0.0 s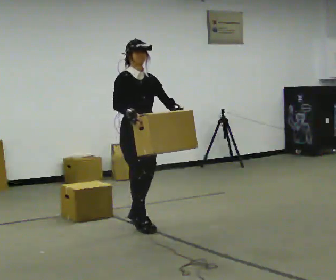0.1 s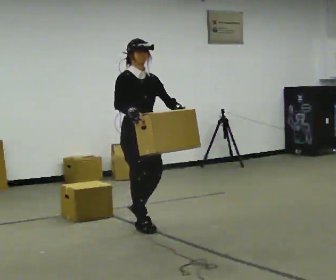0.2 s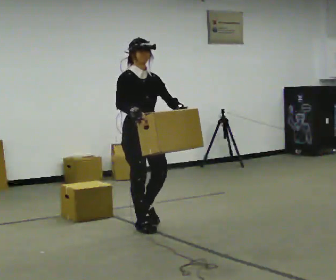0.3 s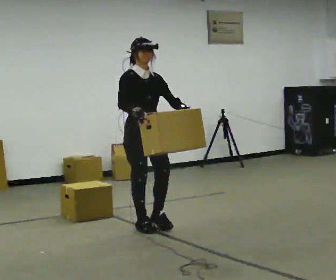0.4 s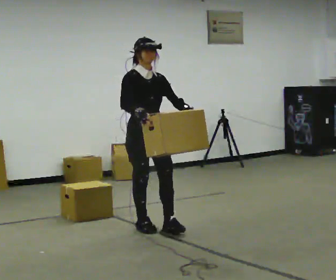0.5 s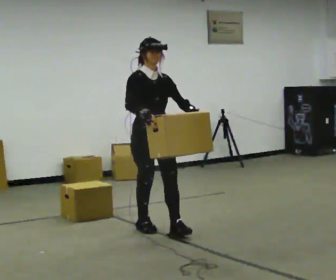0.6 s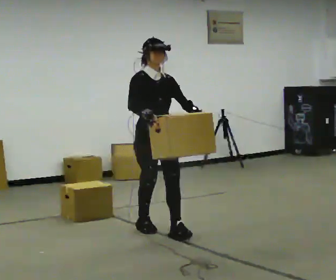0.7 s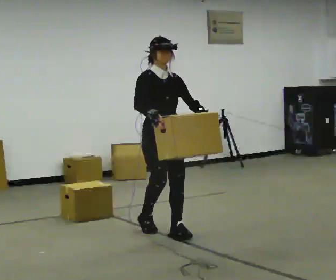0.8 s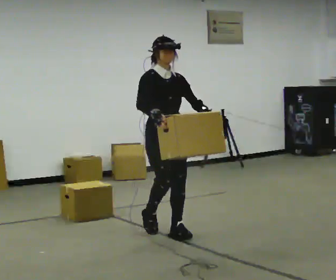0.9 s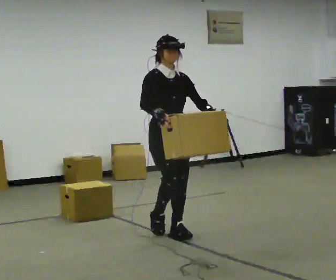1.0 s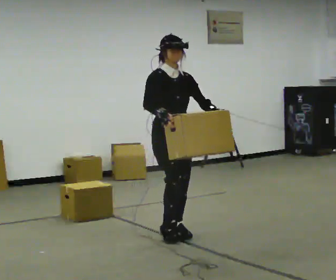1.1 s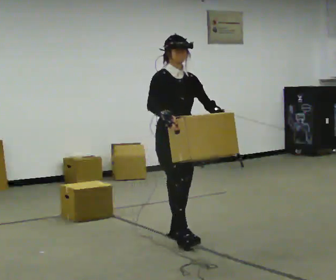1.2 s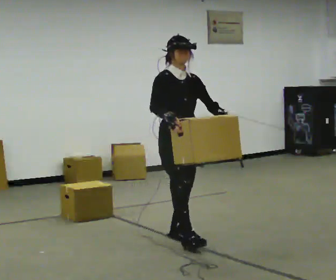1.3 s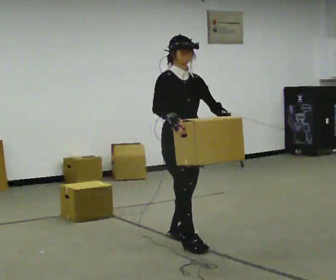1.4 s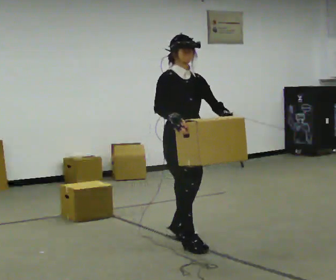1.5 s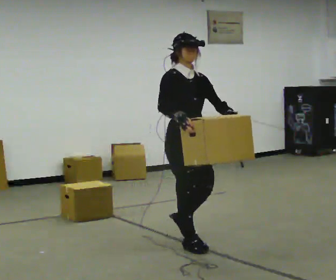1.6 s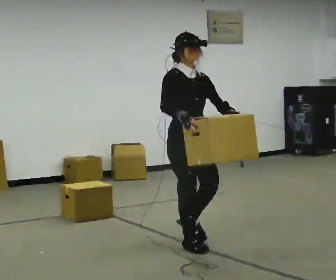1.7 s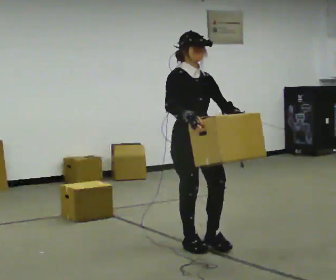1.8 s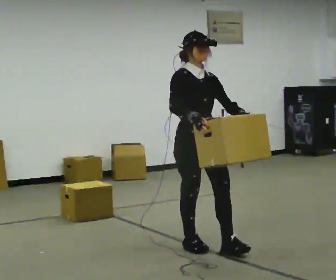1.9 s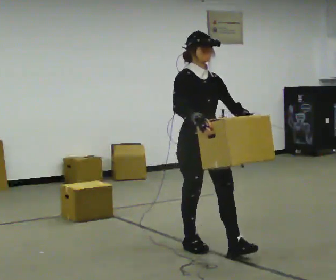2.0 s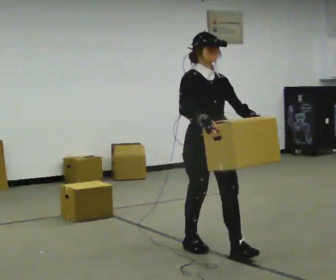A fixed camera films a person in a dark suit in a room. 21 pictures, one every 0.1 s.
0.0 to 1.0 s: In the picture they go toward the camera and to the right, about 0.5 m in 1 step, which for them is forward.
1.0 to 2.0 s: In the picture they go toward the camera and to the right, about 0.5 m in 2 steps, which for them is forward.
The film runs forward here.
